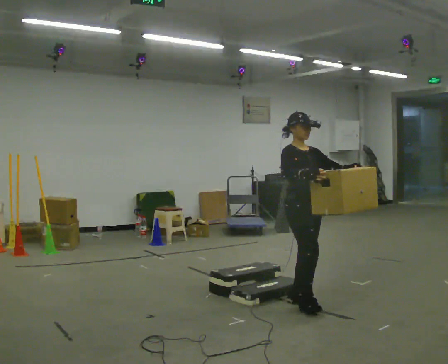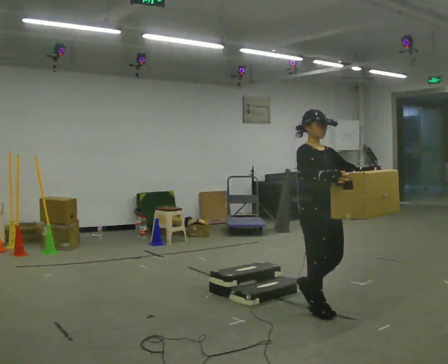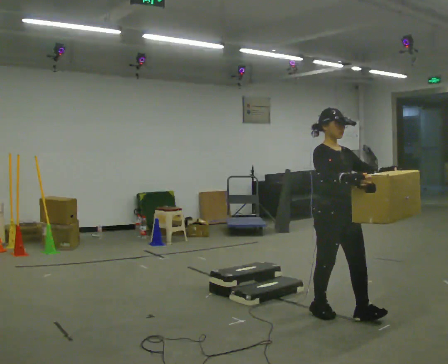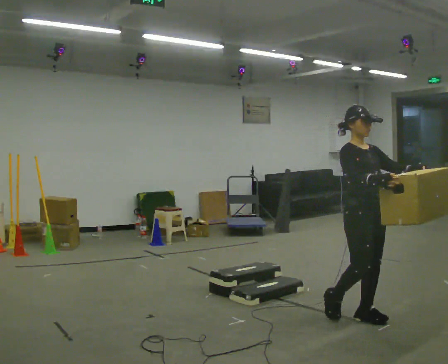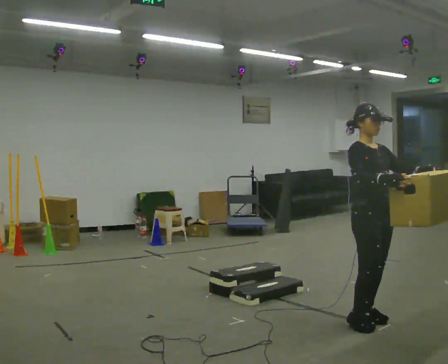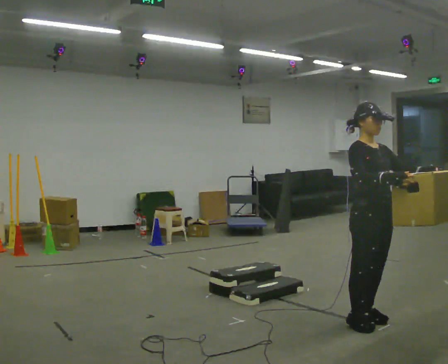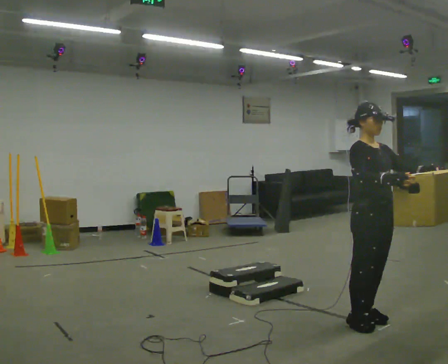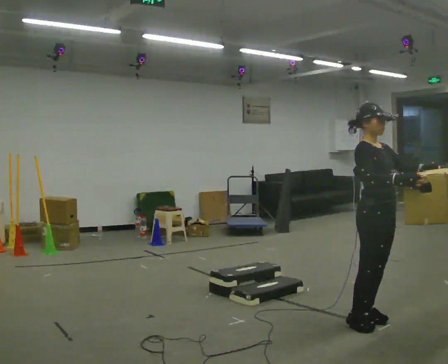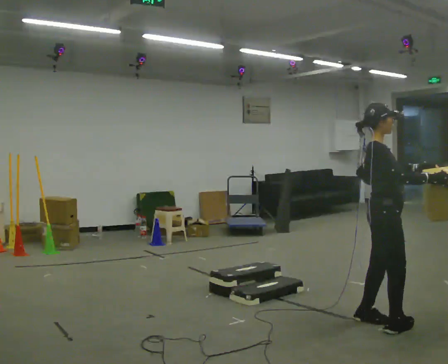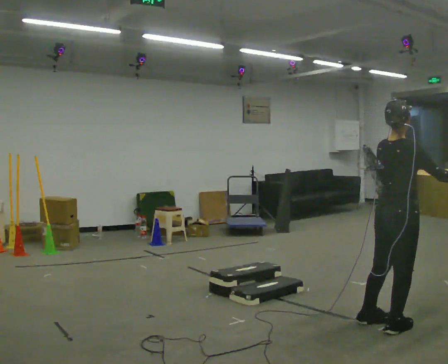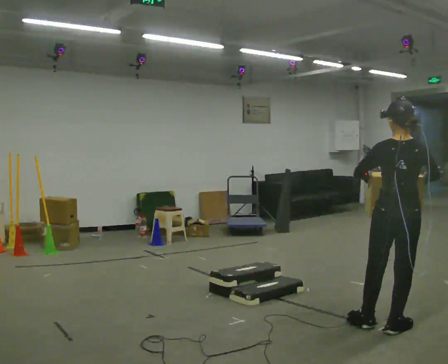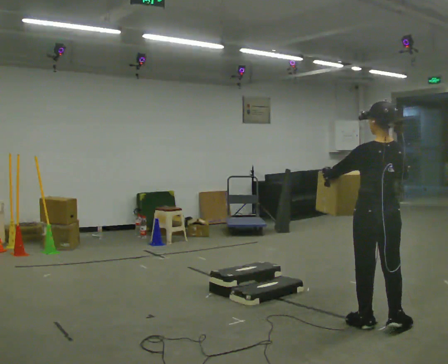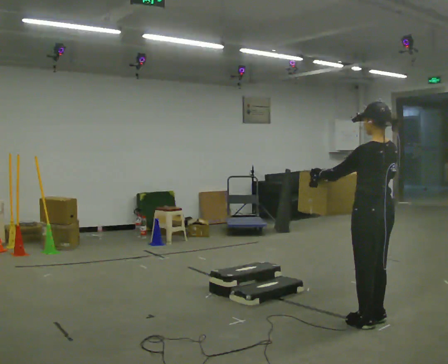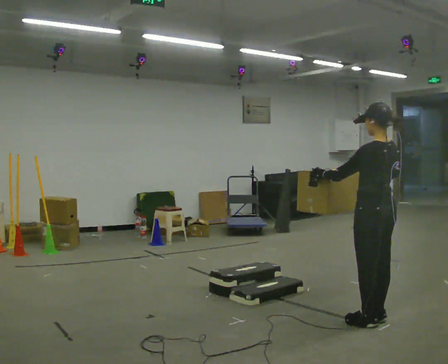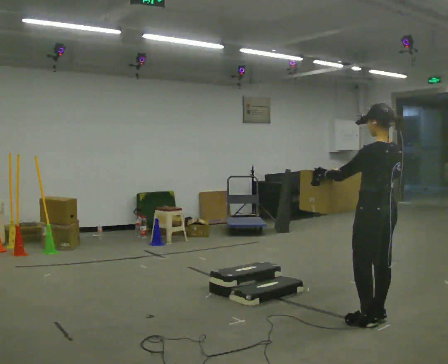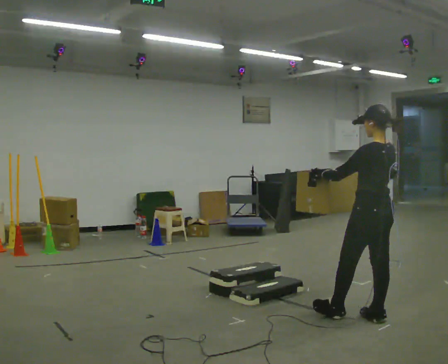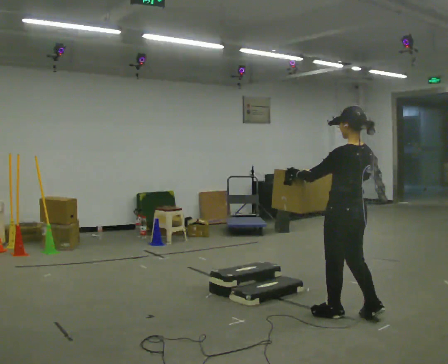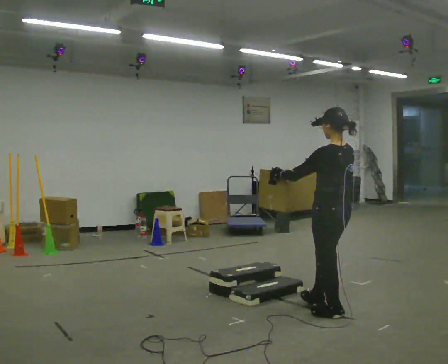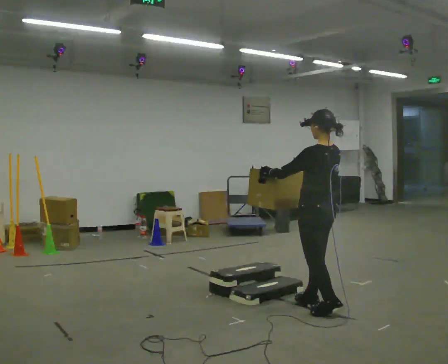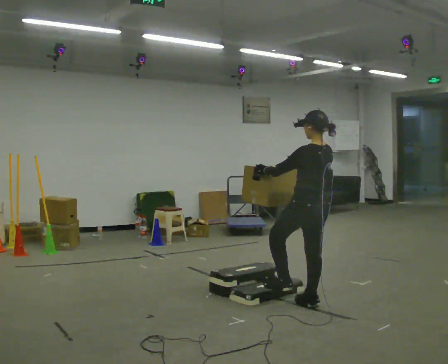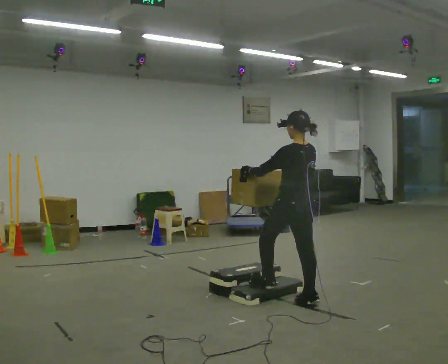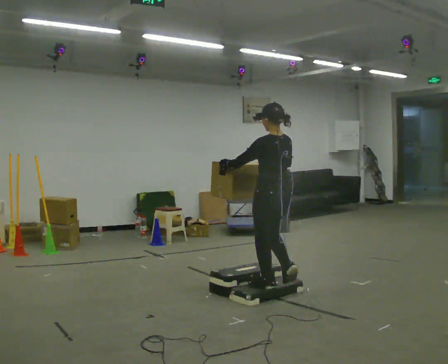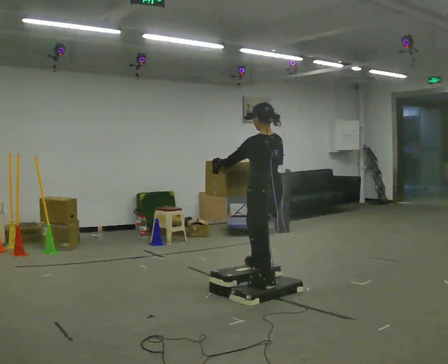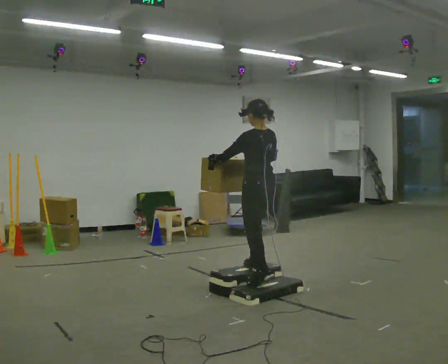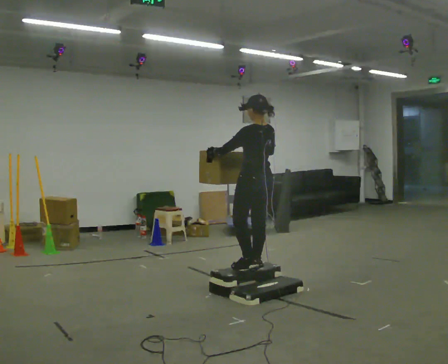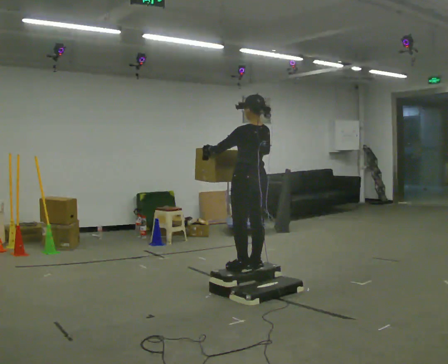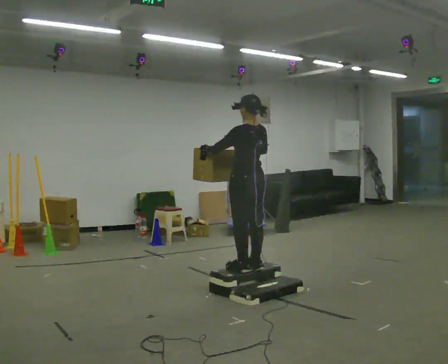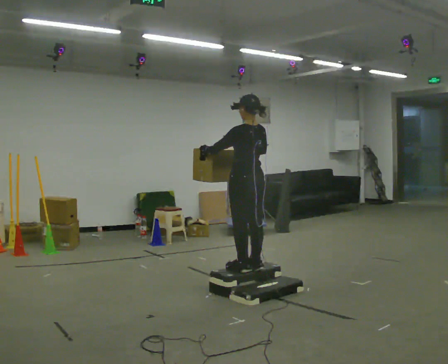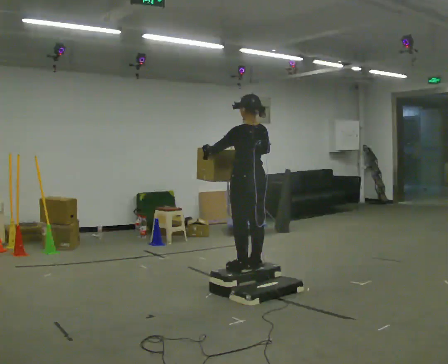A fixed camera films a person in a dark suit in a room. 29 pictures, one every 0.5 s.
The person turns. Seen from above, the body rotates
counterclockwise.
The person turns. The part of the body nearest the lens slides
to the right.
0.0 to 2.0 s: In the picture they go to the right and toward the camera, about 0.5 m in 3 steps, which for them is forward.
2.0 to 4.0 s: The part of the body nearest the lens slides to the right as the person turns to their left by about 45 degrees.
4.0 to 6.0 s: Seen from above the body turns counterclockwise, about 135 degrees: to their left, with its near side sliding to the right. In the picture the upper body tilts clockwise, shoulders to the right. In the picture their left hand goes to the left.
6.0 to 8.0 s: In the picture they go to the left, about 0.25 m in 1 step, which for them is forward.
8.0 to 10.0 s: In the picture they go to the left and away from the camera, about 0.5 m in 2 steps, which for them is forward.
10.0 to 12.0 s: In the picture they go to the left and away from the camera, about 0.5 m in 1 step, which for them is forward. The shoulders move upward.
12.0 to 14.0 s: The person moves a little, or ends about where they began.
The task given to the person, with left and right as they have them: Carry the box up the three steps, turn at the top, and carry it back down. Use the handrail only if you need it. Keep going until the operator says stop; one object at a time, and do not rush between trips.
The film runs forward here.
